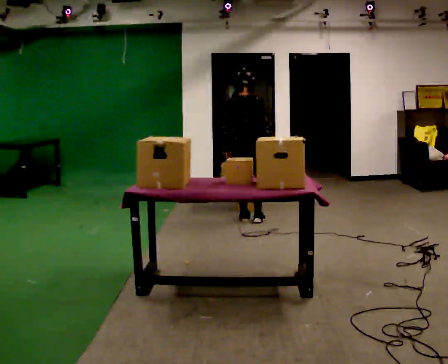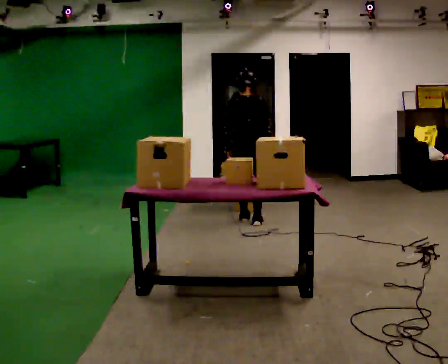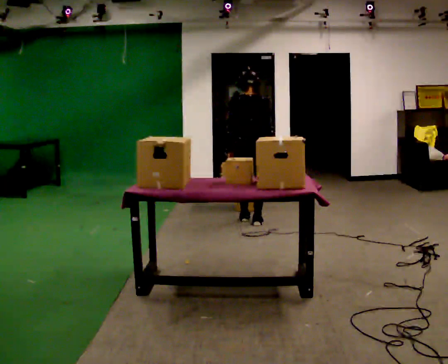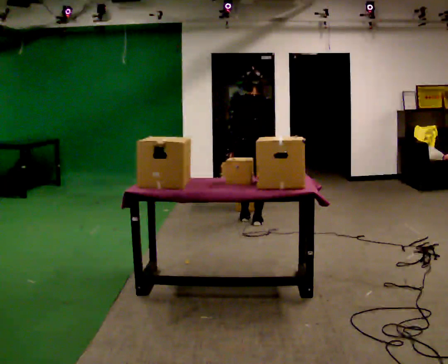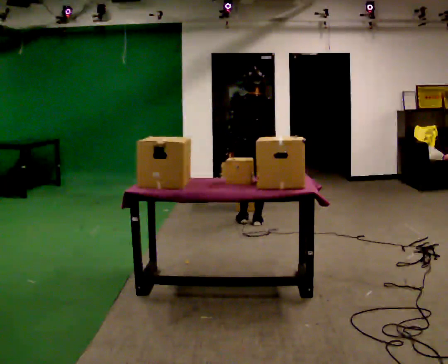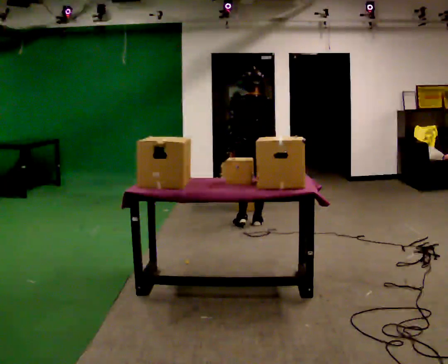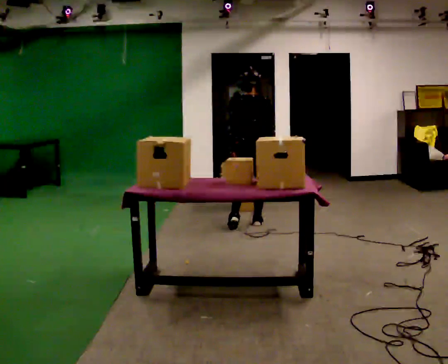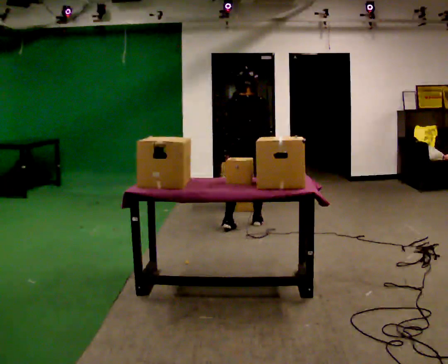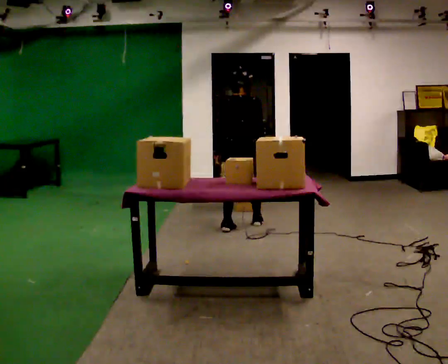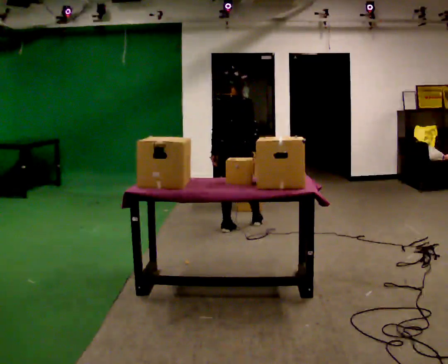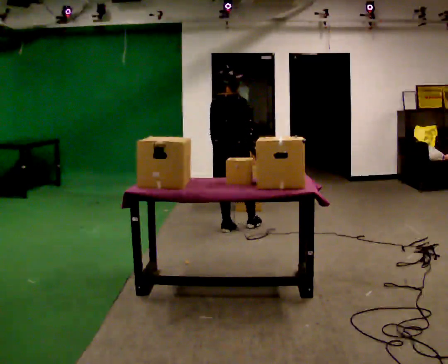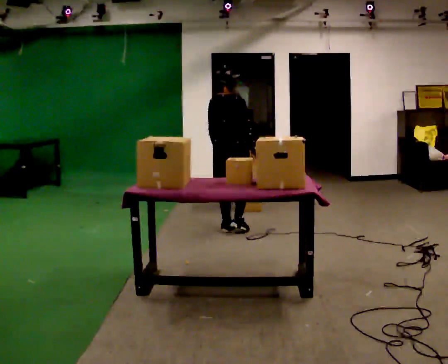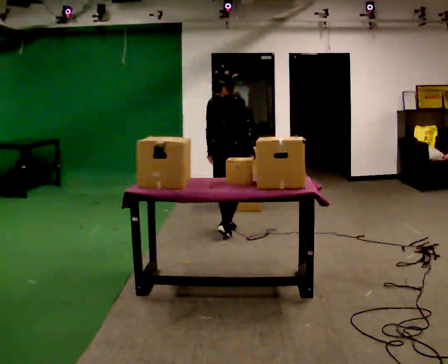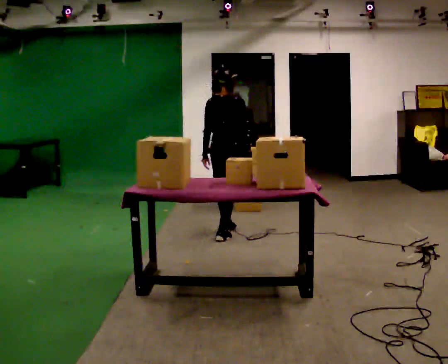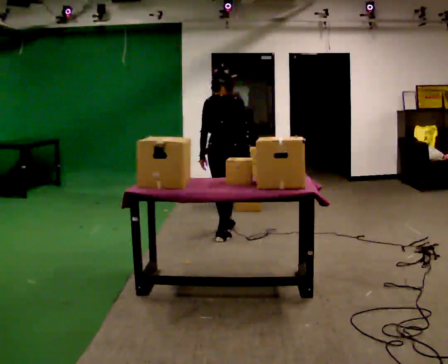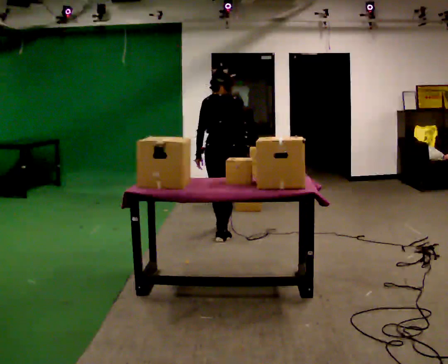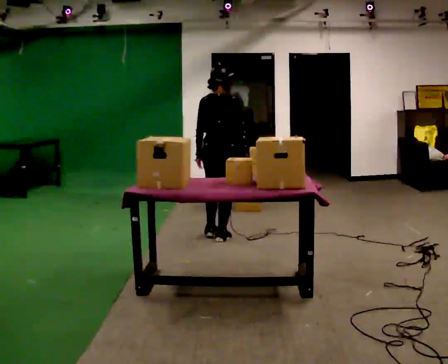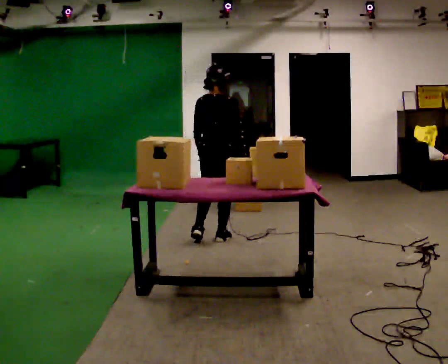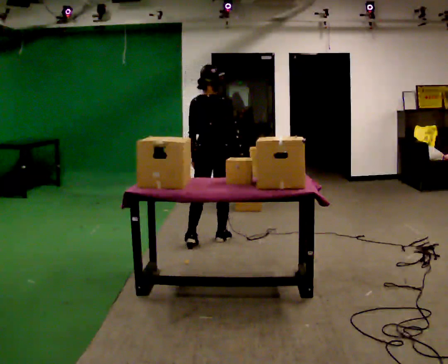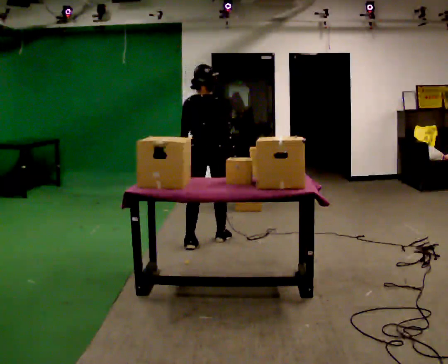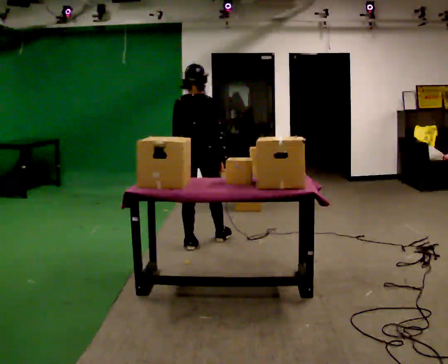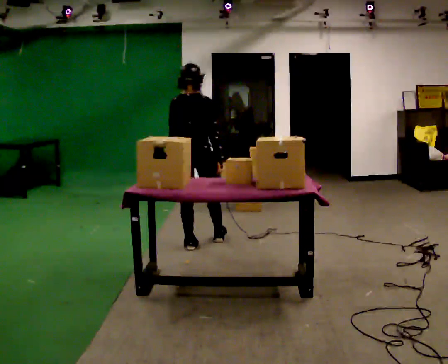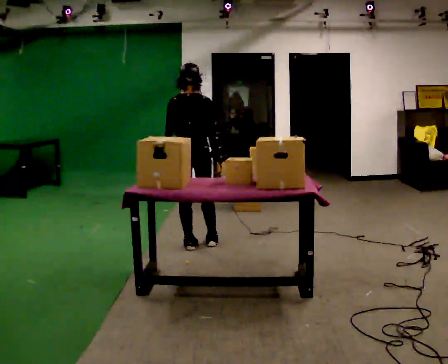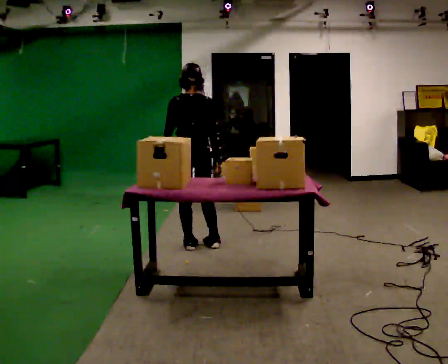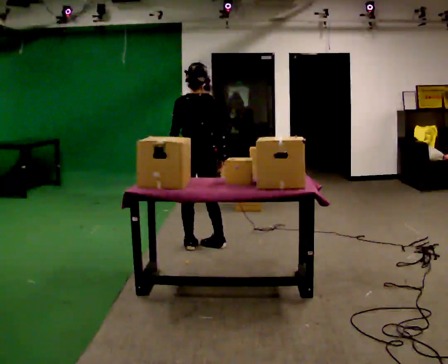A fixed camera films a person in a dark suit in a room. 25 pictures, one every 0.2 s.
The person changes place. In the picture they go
toward the camera.
0.0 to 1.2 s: In the picture they go toward the camera, about 0.25 m in 1 step, which for them is backward.
1.2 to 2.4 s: The part of the body nearest the lens slides to the left as the person turns to their right by about 30 degrees. In the picture they go toward the camera and to the left, about 0.5 m in 1 step, which for them is backward and to their left.
2.4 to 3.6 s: In the picture they go toward the camera, about 0.25 m in 1 step, which for them is backward.
3.6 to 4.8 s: The part of the body nearest the lens slides to the right as the person turns to their left by about 30 degrees. In the picture they go toward the camera, about 0.25 m in 1 step, which for them is backward.
The film runs backward here.
